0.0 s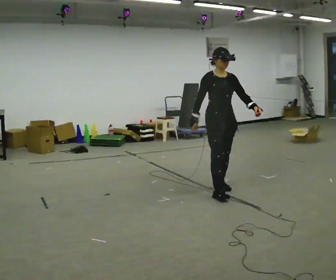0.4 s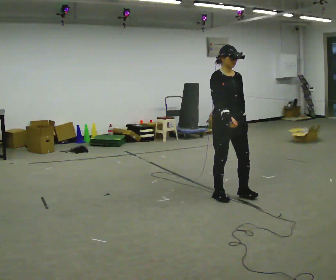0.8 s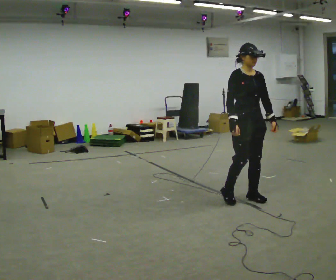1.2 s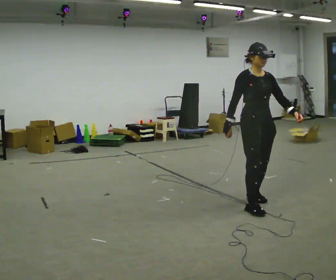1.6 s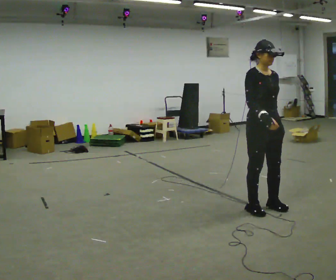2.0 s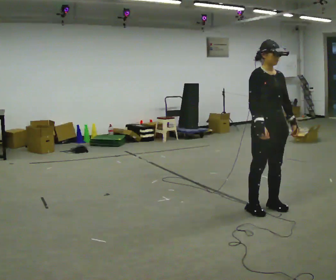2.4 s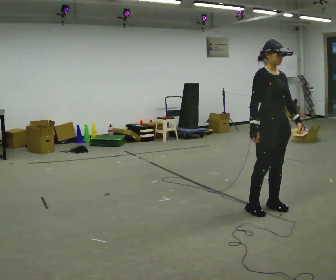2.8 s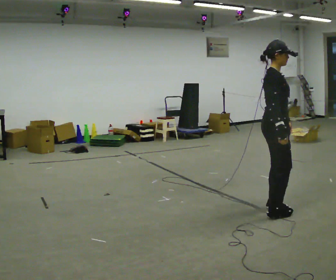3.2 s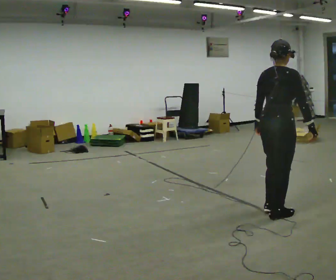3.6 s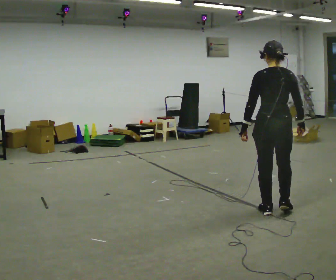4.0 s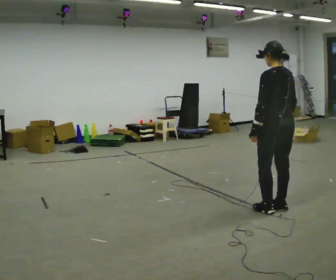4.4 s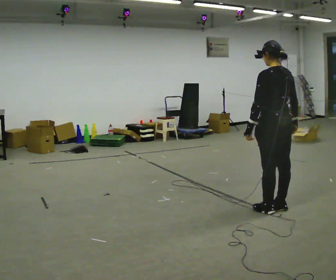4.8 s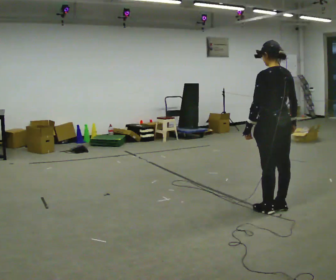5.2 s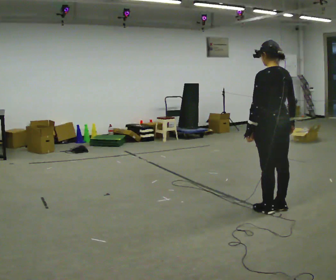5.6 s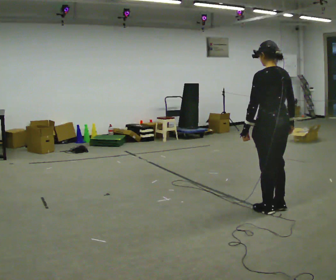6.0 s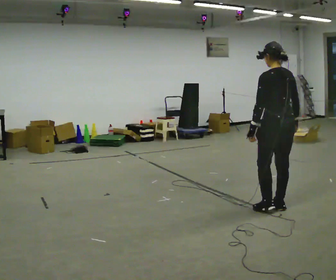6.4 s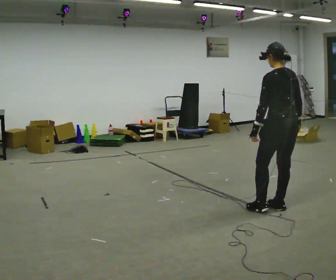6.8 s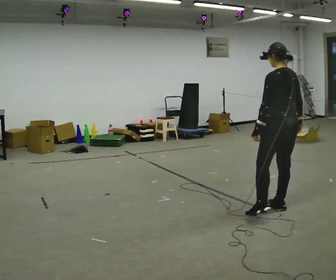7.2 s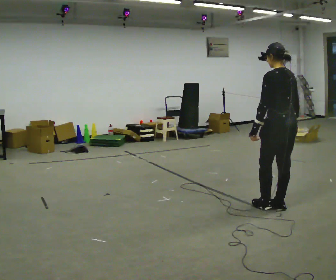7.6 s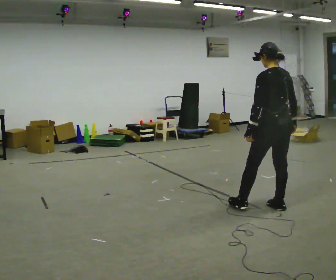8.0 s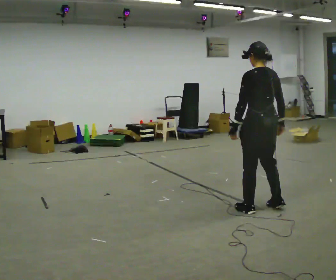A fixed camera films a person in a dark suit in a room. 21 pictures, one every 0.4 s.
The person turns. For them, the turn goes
to their left.
The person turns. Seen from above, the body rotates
counterclockwise.
0.0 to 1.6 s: In the picture they go toward the camera and to the right, about 0.5 m in 3 steps, which for them is forward.
1.6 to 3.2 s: The person turns about 105 degrees to their left, counterclockwise seen from above, so the part of the body nearest the lens slides to the right. In the picture their right hand goes to the right.
3.2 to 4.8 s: The person turns about 75 degrees to their left, counterclockwise seen from above, so the part of the body nearest the lens slides to the right.
4.8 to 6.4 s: The person moves a little, or ends about where they began.
6.4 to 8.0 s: In the picture they go to the left, about 0.25 m in 1 step, which for them is to their left.
The film runs forward here.
